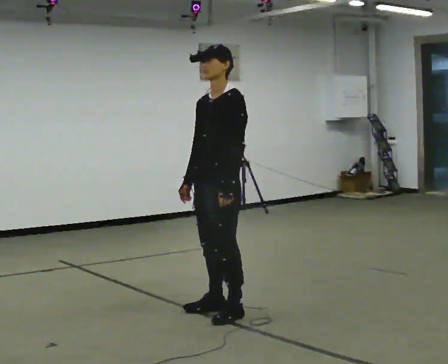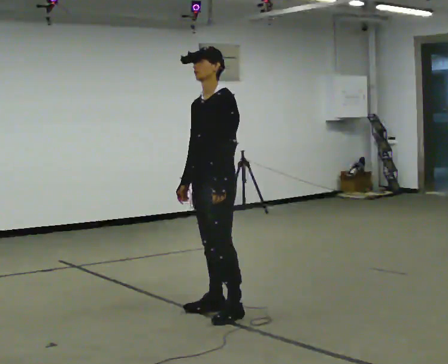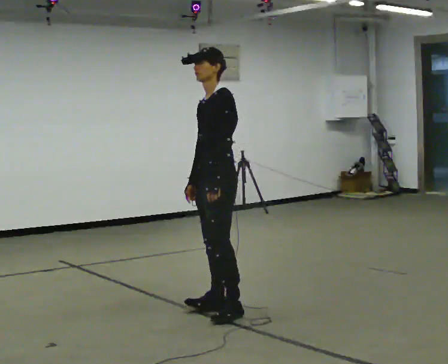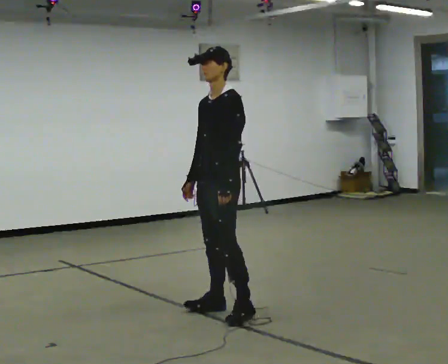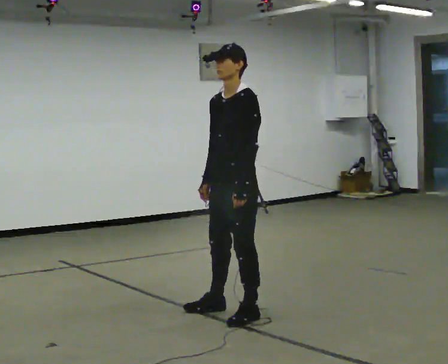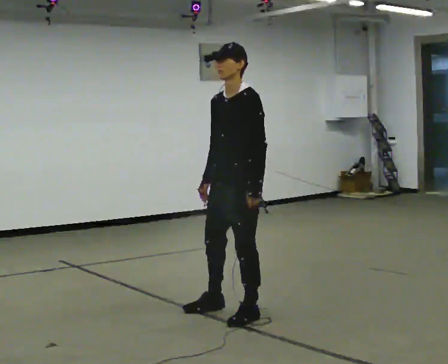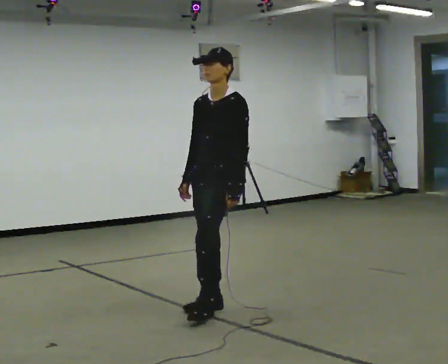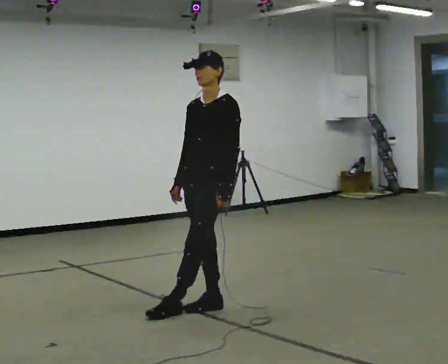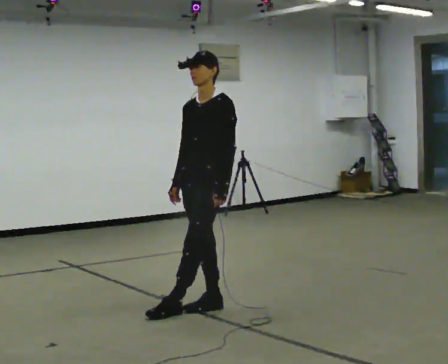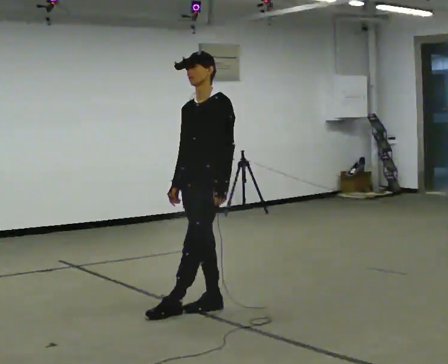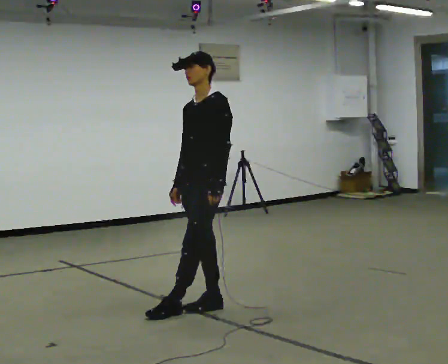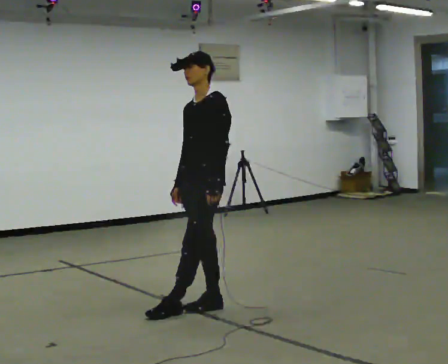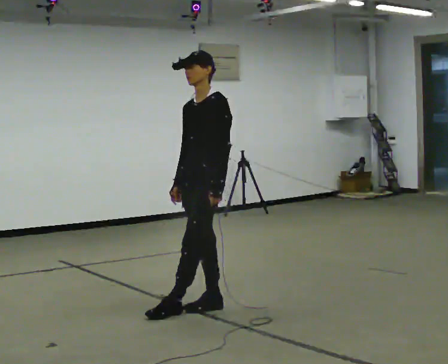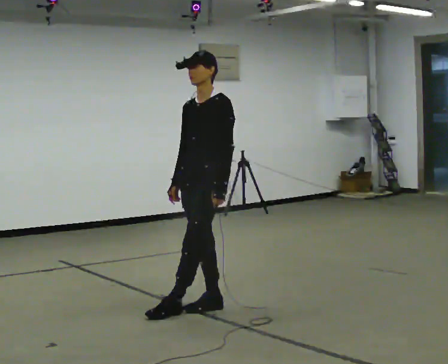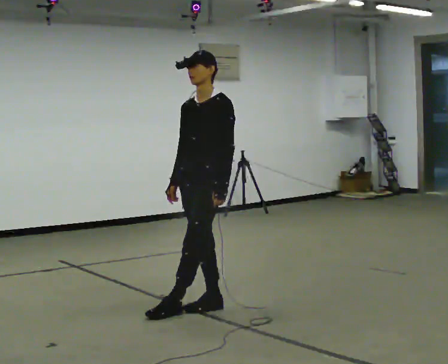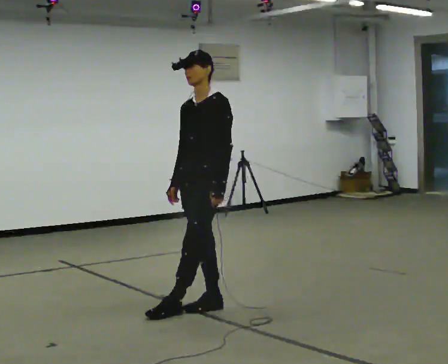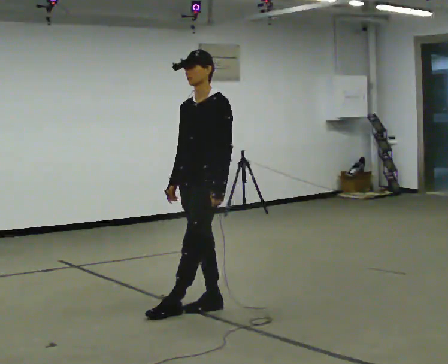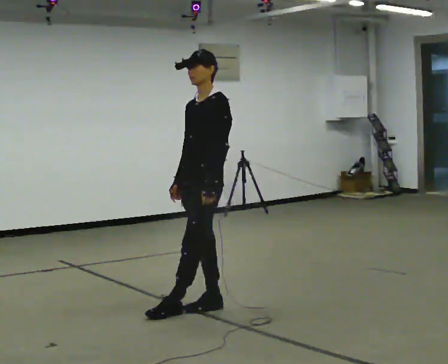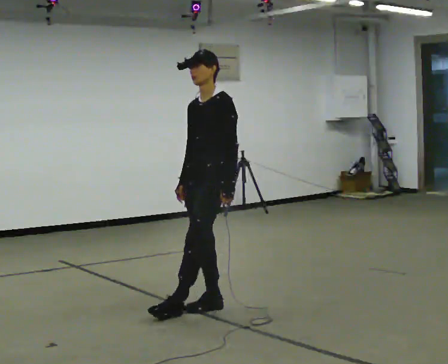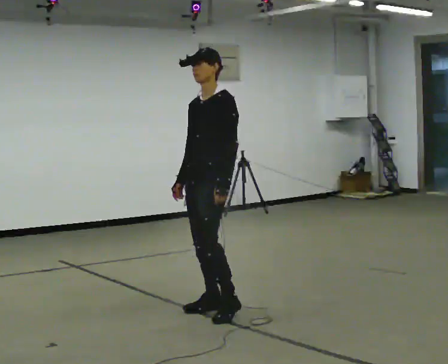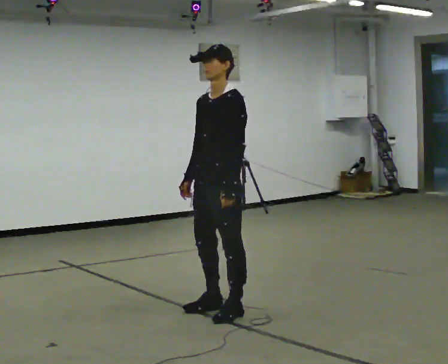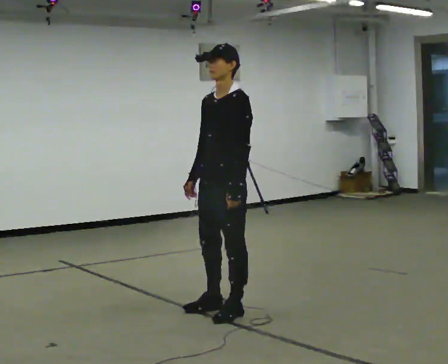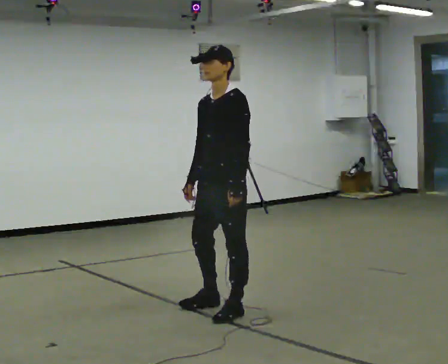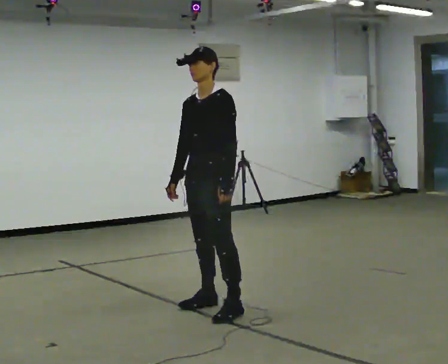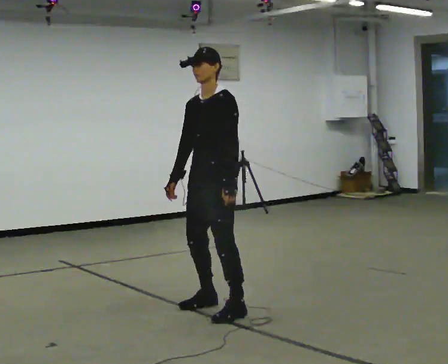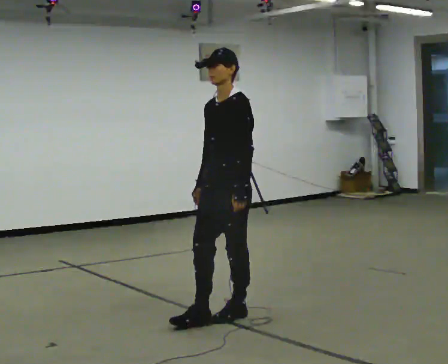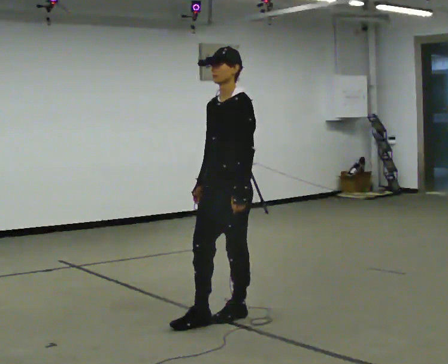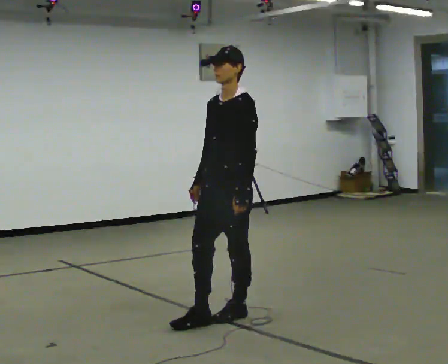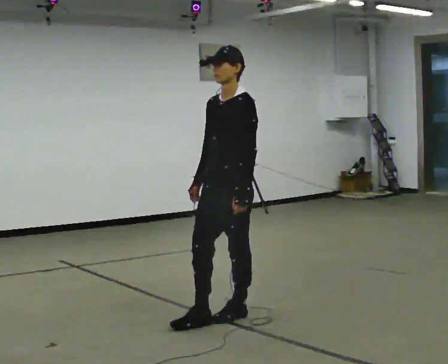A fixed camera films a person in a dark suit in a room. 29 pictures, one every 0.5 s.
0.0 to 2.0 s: The person moves a little, or ends about where they began.
2.0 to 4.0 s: In the picture they go to the left and away from the camera, about 0.25 m in 1 step, which for them is to their right.
4.0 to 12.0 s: The person moves a little, or ends about where they began.
12.0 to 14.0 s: In the picture they go toward the camera, about 0.25 m in 1 step, which for them is to their left.
The film runs backward here.
